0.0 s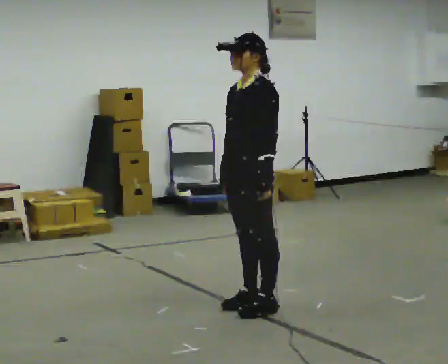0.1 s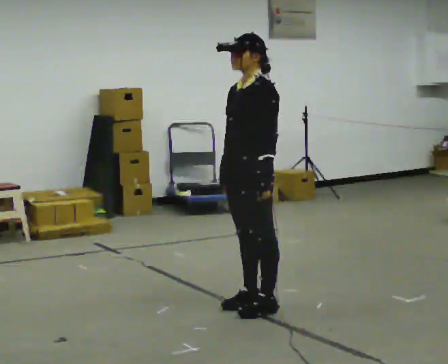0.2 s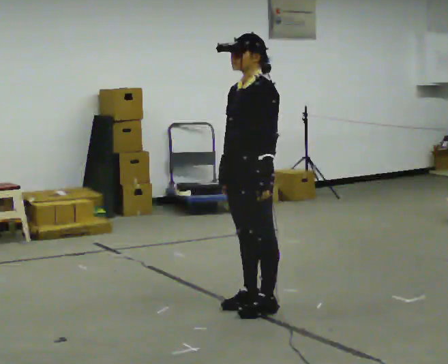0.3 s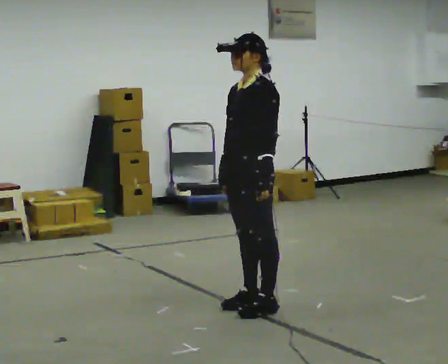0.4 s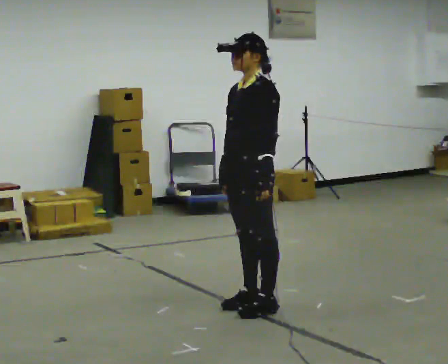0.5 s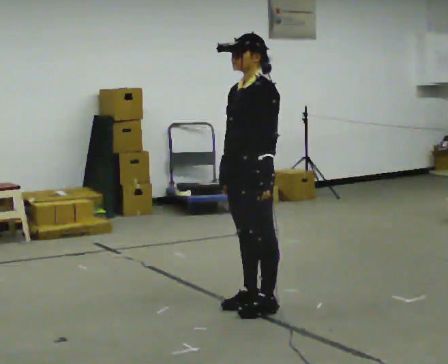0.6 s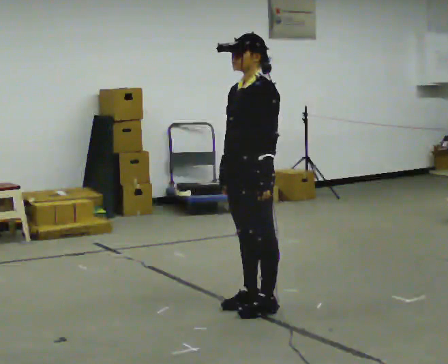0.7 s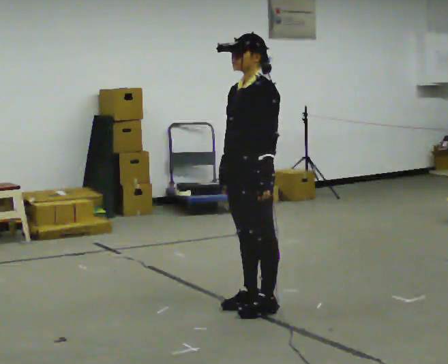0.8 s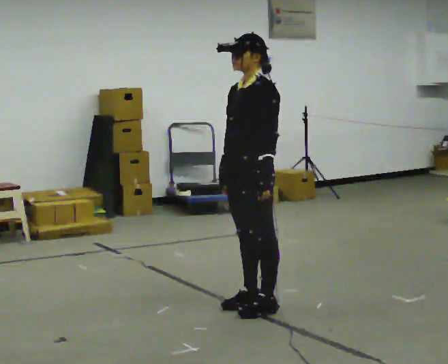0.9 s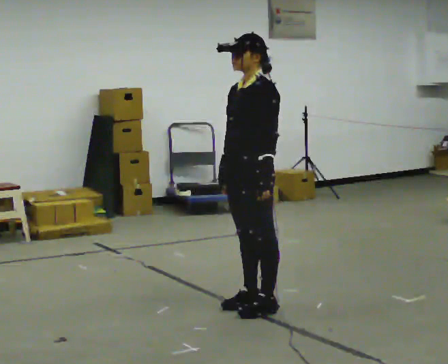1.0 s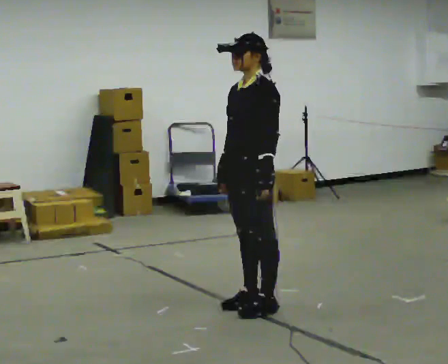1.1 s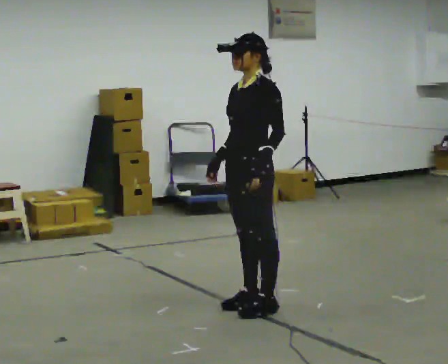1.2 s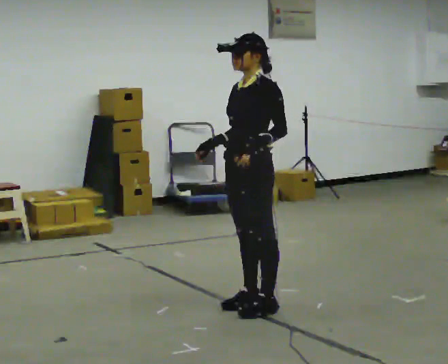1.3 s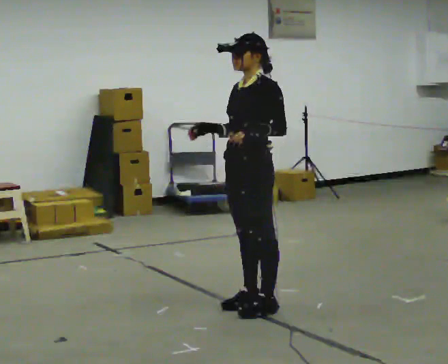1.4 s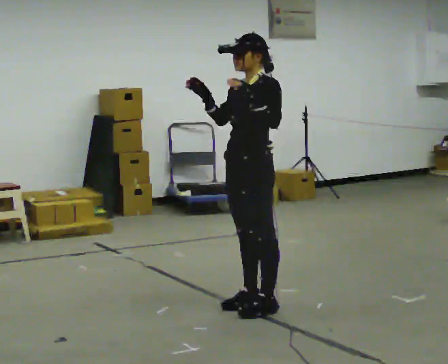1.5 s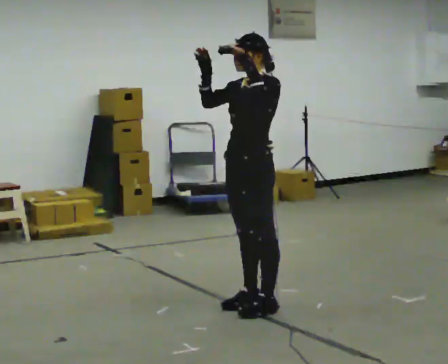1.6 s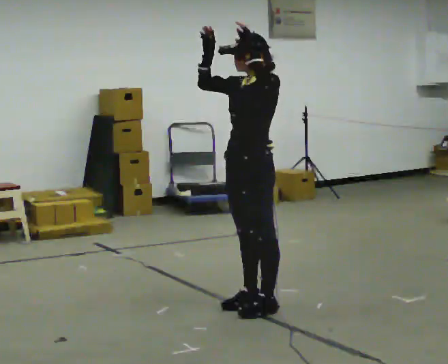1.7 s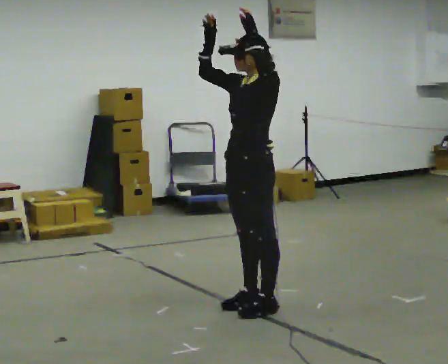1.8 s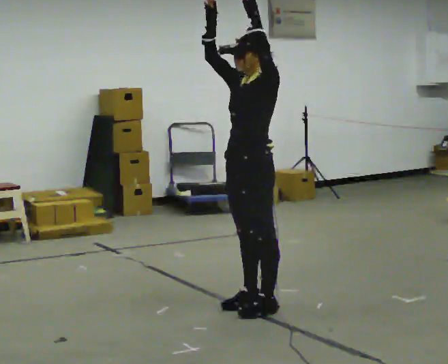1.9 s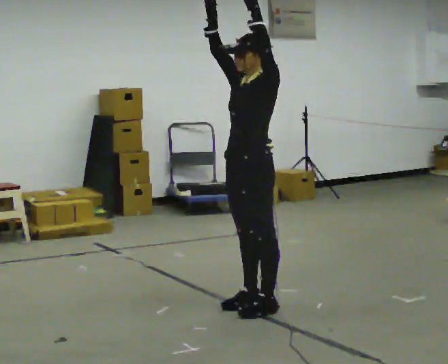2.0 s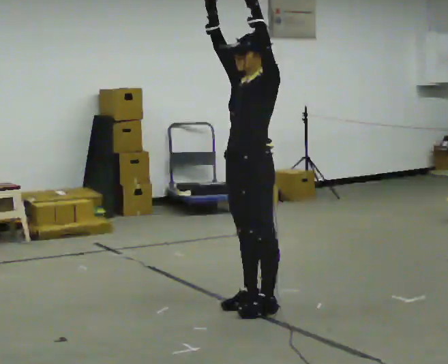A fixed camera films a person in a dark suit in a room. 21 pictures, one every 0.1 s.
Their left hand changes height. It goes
upward.
Their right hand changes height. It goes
upward.
0.0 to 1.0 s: The person keeps their place and pose.
1.0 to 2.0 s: In the picture their left hand goes upward.
The film runs forward here.
